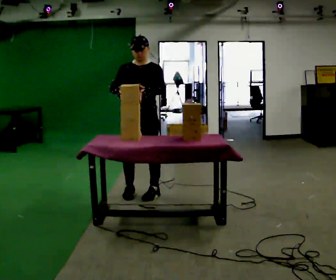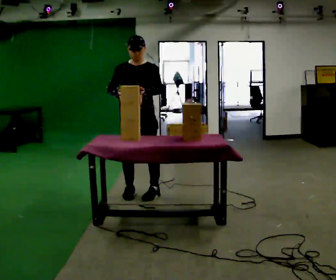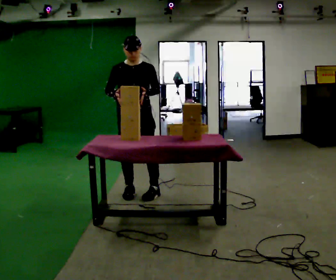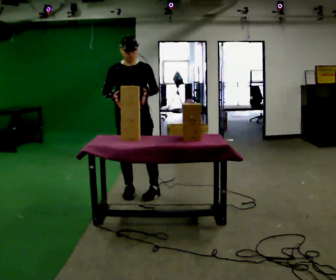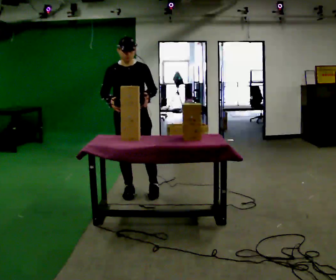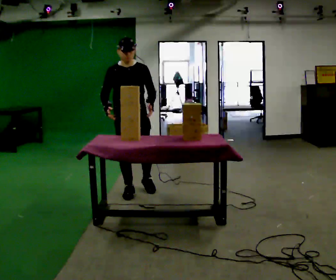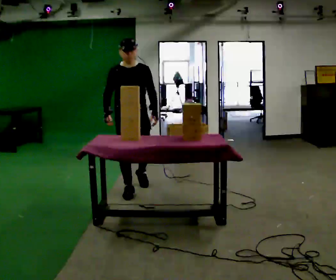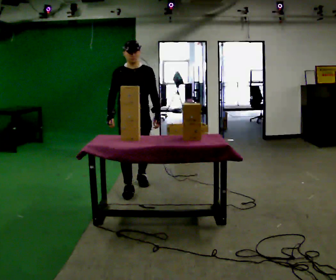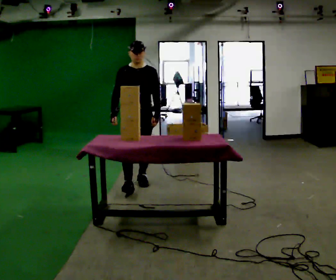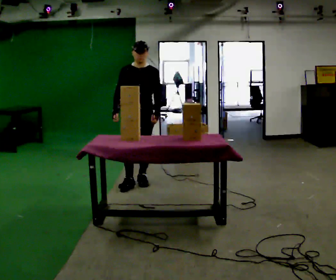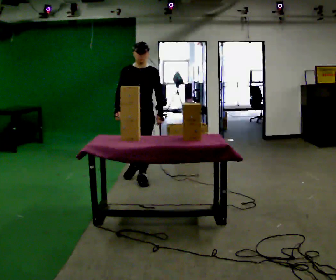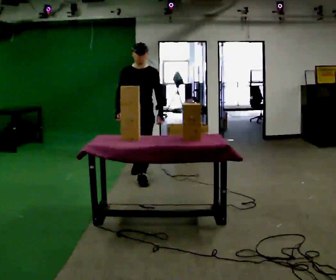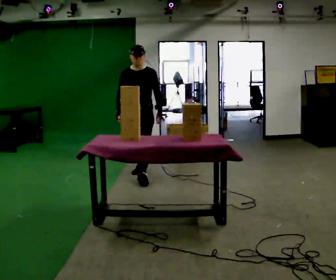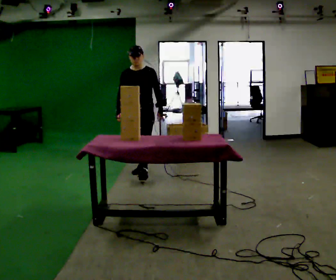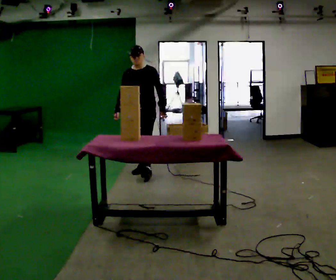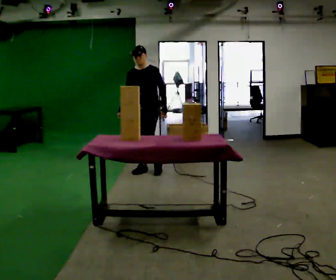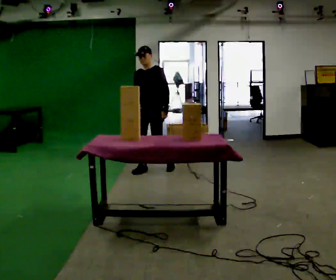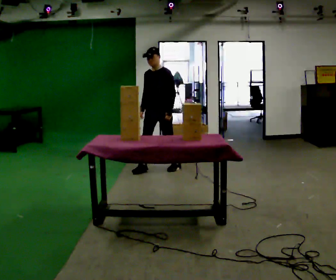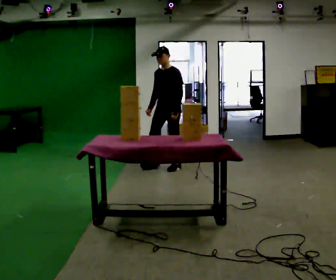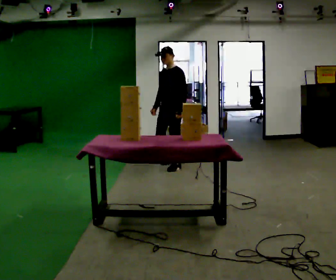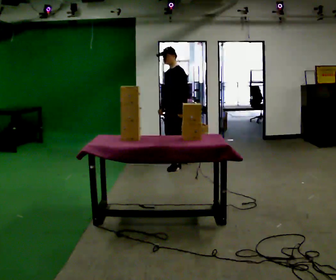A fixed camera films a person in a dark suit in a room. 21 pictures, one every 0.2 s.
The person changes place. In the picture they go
away from the camera.
The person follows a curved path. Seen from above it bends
clockwise.
0.0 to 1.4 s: In the picture they go away from the camera, about 0.25 m in 1 step, which for them is backward.
1.4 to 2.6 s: The part of the body nearest the lens slides to the left as the person turns to their right by about 30 degrees. In the picture they go away from the camera, about 0.75 m in 1 step, which for them is backward.
2.6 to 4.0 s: The person turns about 45 degrees to their right, clockwise seen from above, so the part of the body nearest the lens slides to the left. In the picture they go to the right and away from the camera, about 0.5 m in 2 steps, which for them is backward and to their left.
The film runs backward here.
